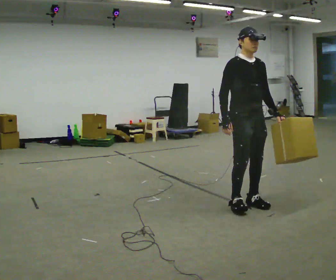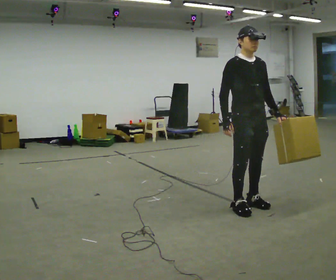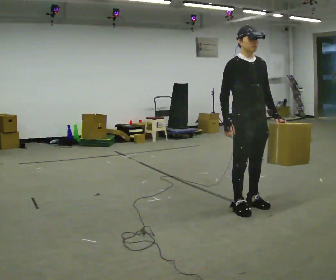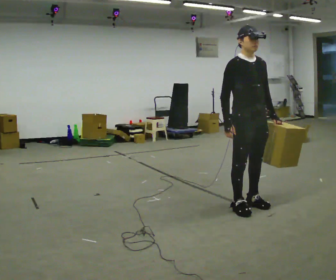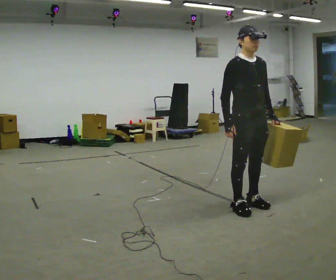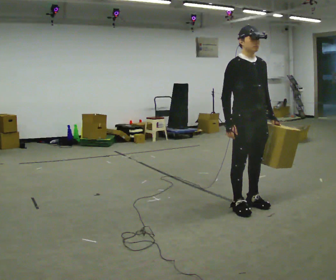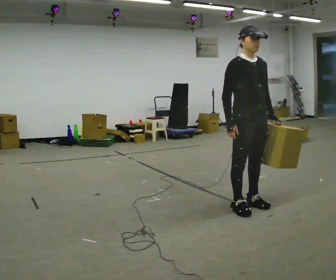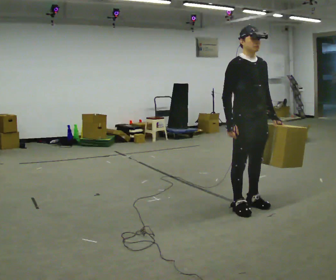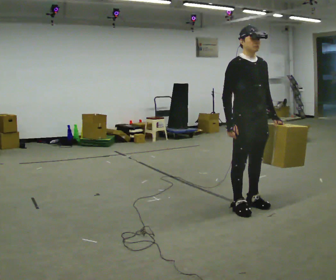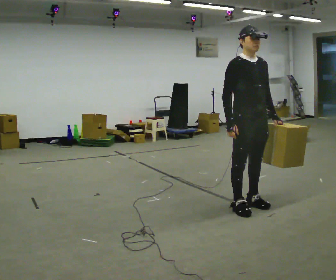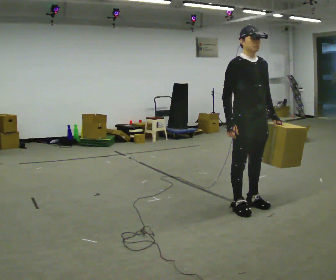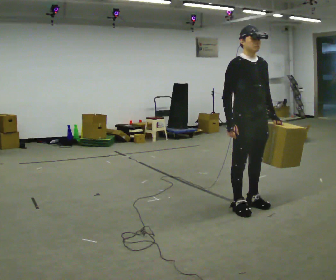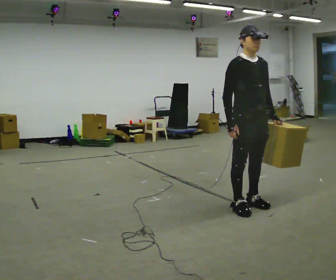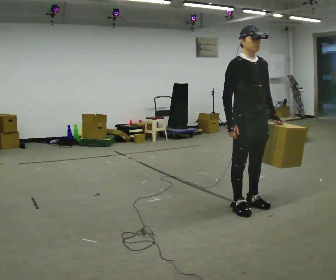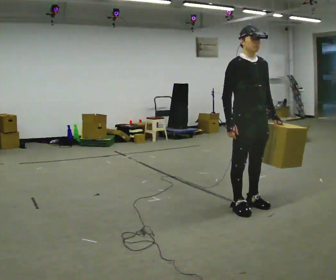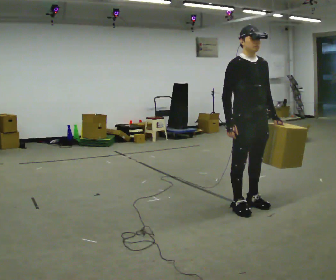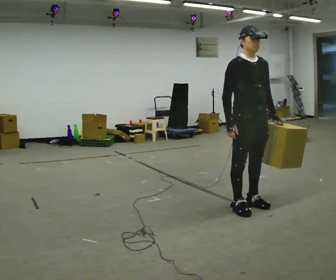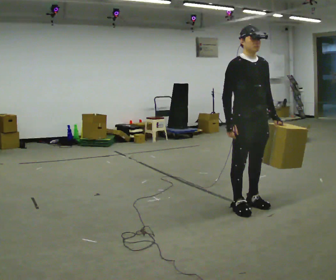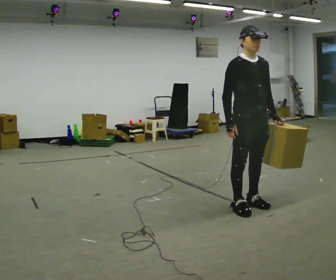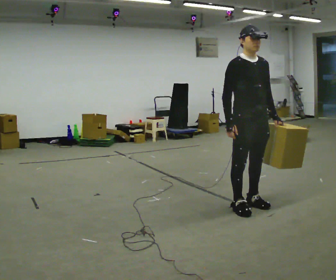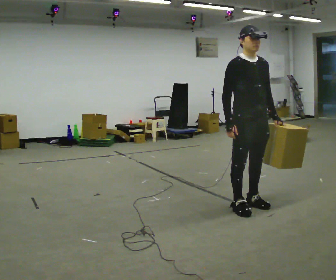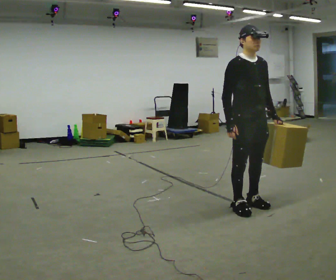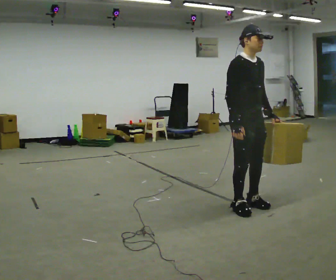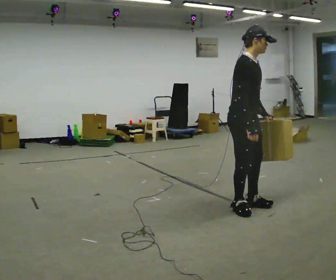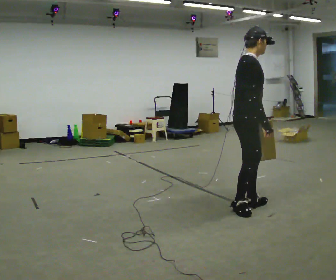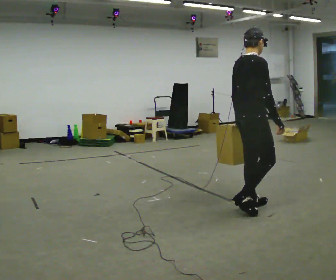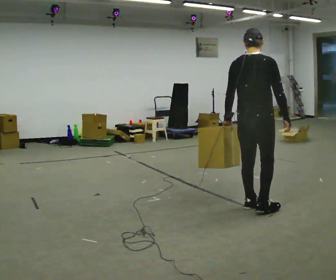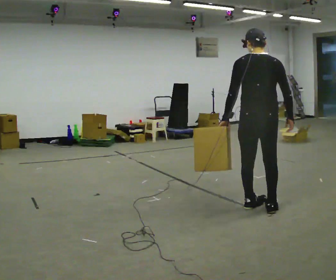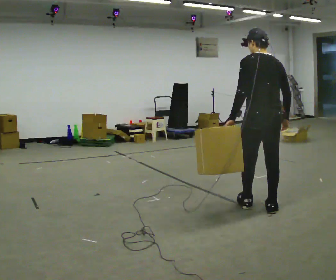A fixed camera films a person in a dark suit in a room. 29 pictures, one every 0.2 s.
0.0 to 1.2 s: The person moves a little, or ends about where they began.
1.2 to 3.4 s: The person keeps their place and pose.
3.4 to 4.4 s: The person moves a little, or ends about where they began.
4.4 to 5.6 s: The person turns about 150 degrees to their left, counterclockwise seen from above, so the part of the body nearest the lens slides to the right. In the picture they go to the right, about 0.25 m in 1 step. In the picture their left hand goes to the left, the arm swinging clockwise.
The film runs forward here.
